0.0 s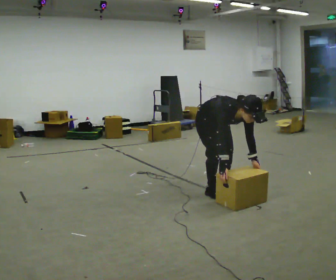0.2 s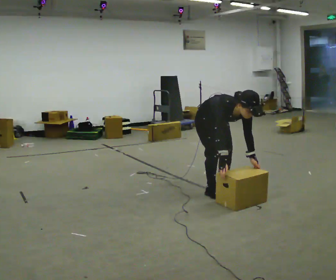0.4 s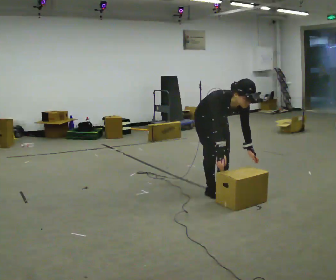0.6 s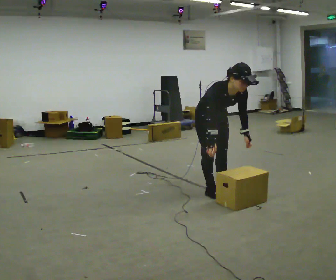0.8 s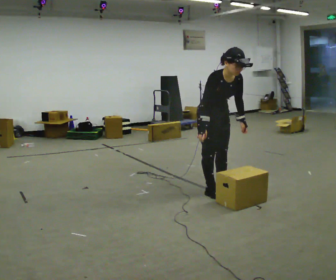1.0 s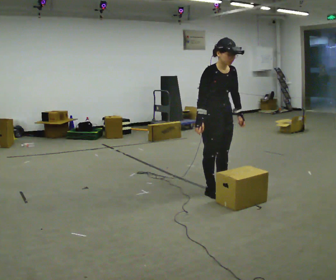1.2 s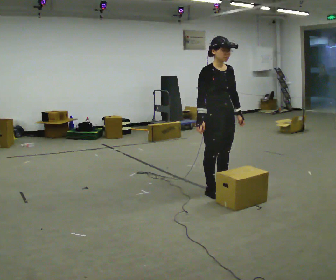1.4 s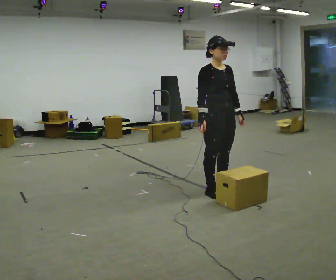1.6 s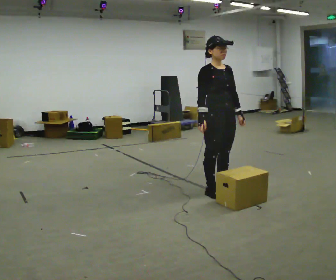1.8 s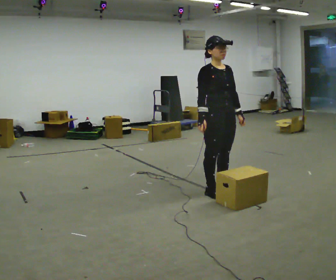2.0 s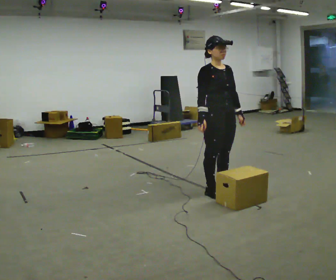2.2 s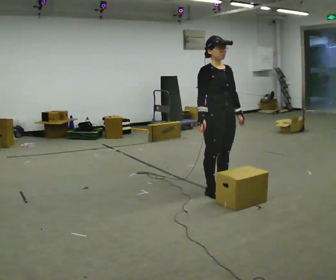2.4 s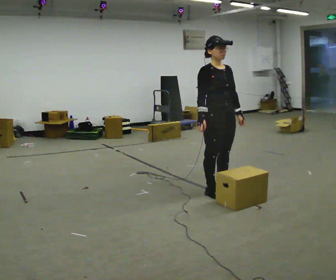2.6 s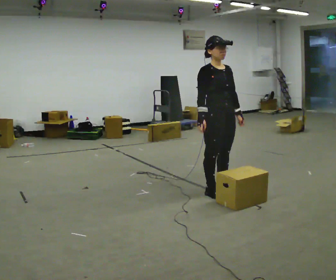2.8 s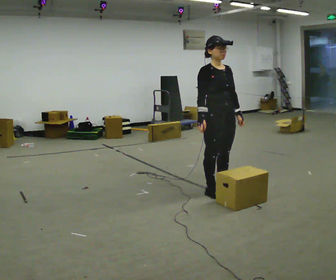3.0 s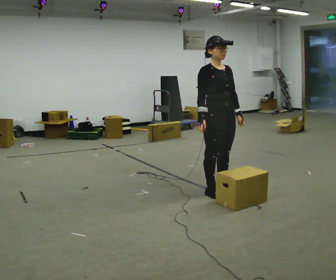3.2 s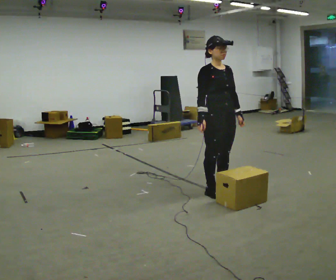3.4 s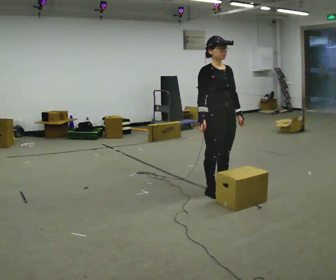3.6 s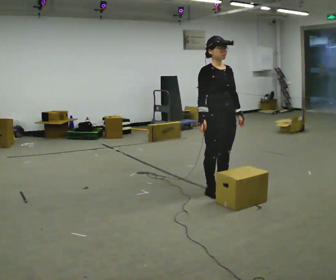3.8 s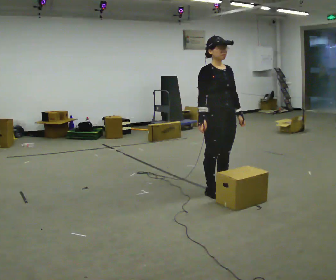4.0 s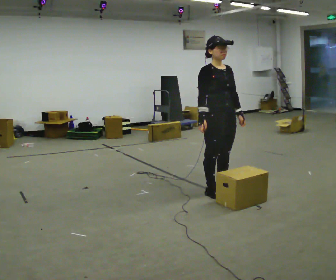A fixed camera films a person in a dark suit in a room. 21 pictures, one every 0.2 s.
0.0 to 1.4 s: The shoulders move upward. In the picture the upper body tilts counterclockwise, shoulders to the left, as they lean back or straighten. In the picture their left hand goes upward.
1.4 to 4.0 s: The person keeps their place and pose.
The film runs backward here.
